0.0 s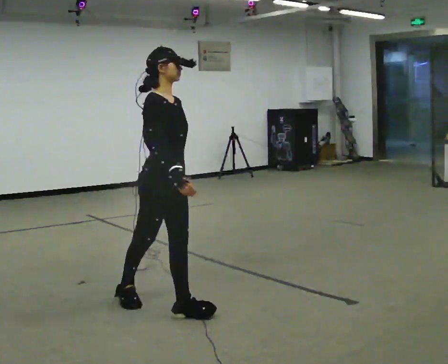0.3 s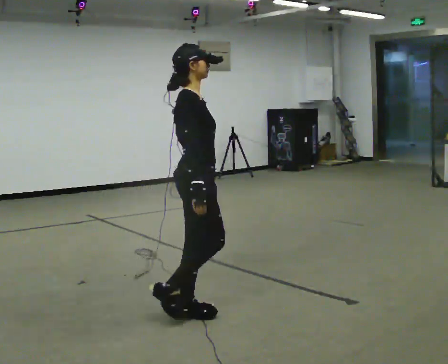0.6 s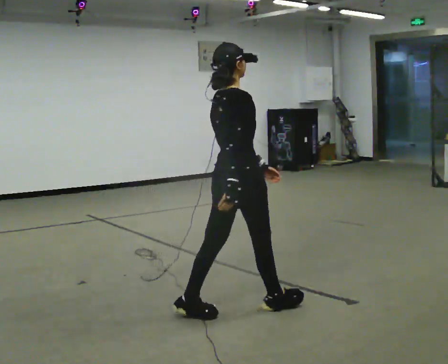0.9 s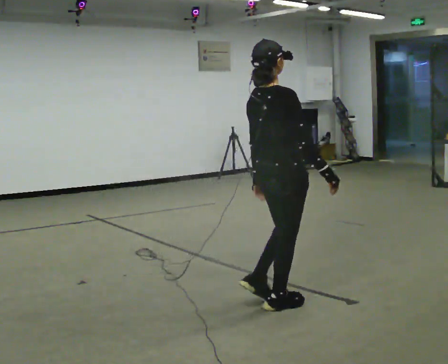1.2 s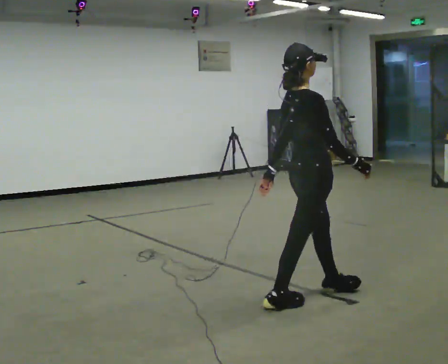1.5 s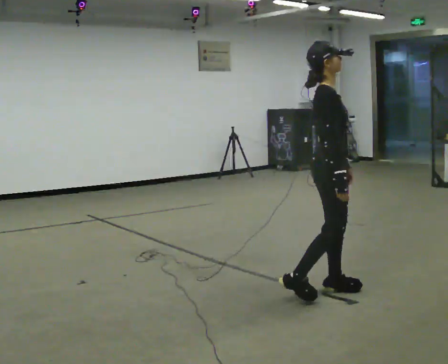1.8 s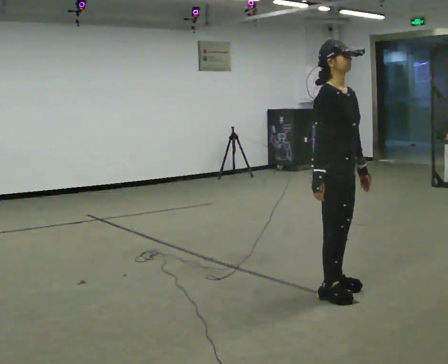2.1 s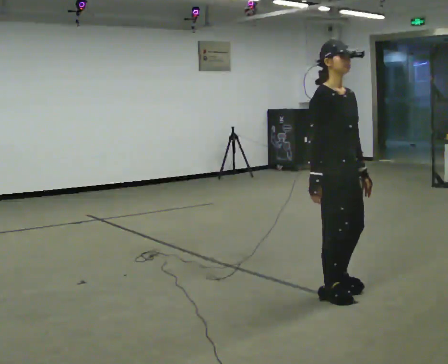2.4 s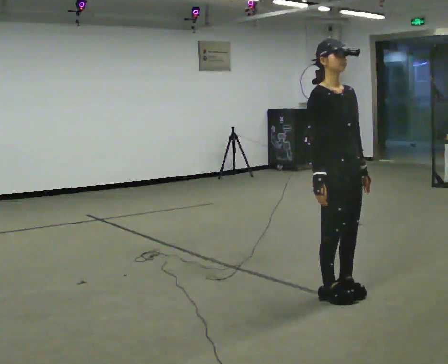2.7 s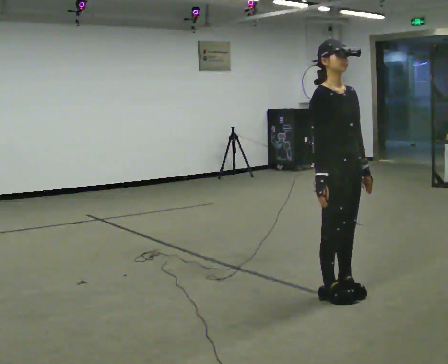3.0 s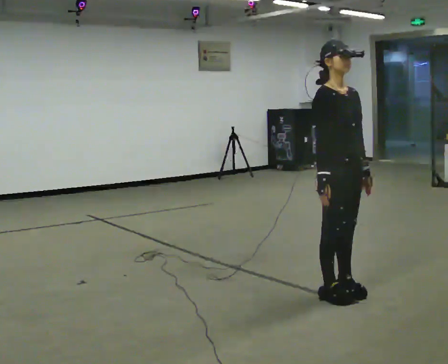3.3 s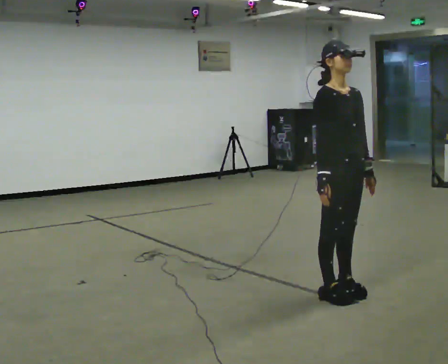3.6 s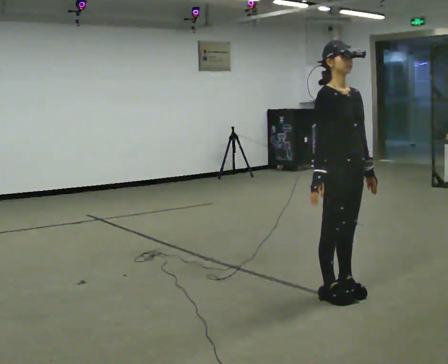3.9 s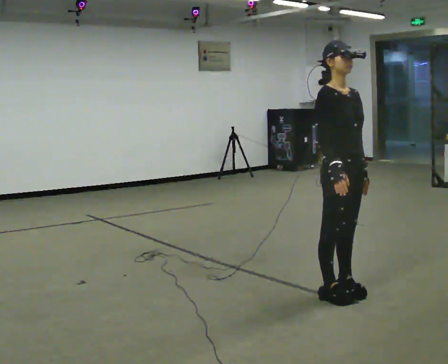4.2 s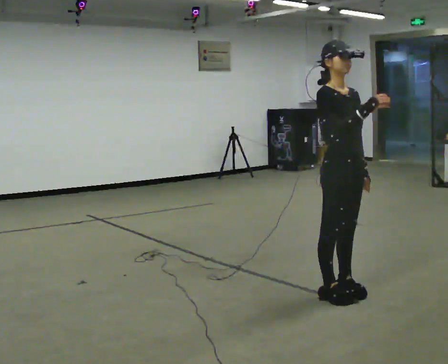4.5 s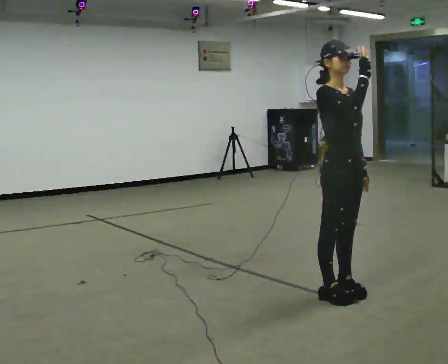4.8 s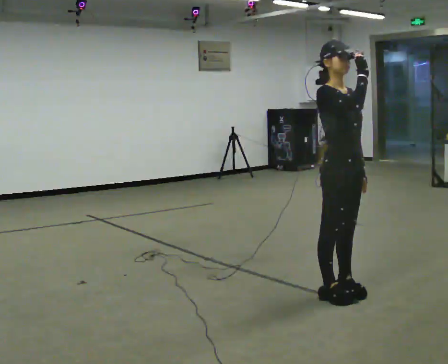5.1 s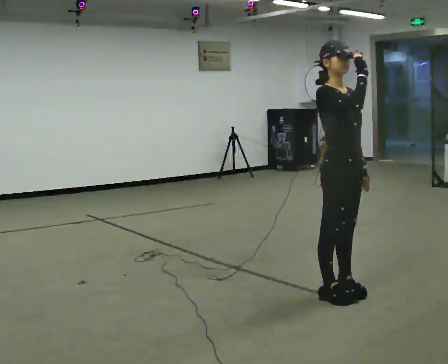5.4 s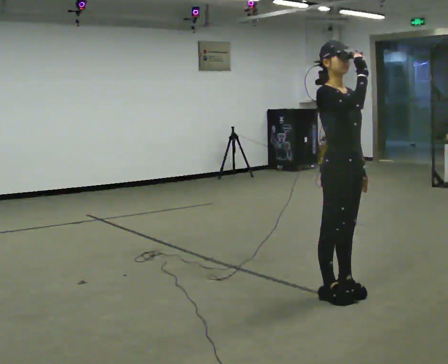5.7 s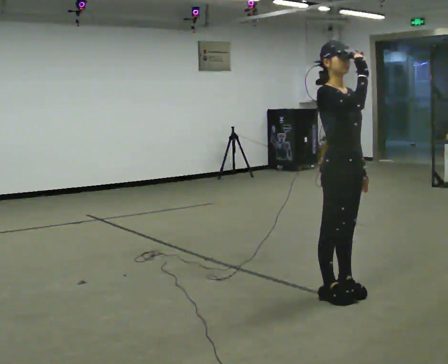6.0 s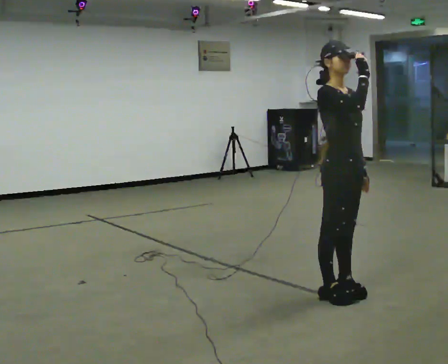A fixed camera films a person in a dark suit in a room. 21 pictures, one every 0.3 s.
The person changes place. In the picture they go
to the right.
0.0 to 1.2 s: Seen from above the body turns counterclockwise, about 45 degrees: to their left, with its near side sliding to the right. In the picture they go to the right, about 1 m in 2 steps.
1.2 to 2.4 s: The person turns about 60 degrees to their right, clockwise seen from above, so the part of the body nearest the lens slides to the left. In the picture they go to the right, about 0.25 m in 1 step.
2.4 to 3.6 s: The person moves a little, or ends about where they began.
3.6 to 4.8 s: In the picture their right hand goes upward.
4.8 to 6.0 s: The person keeps their place and pose.
The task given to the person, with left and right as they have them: Follow S-shaped path continuously; no stopping between curves.
The film runs forward here.
